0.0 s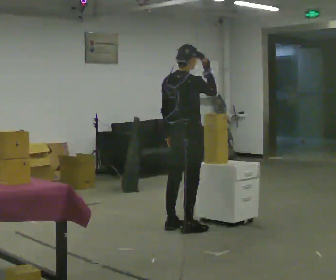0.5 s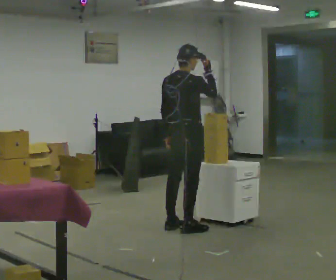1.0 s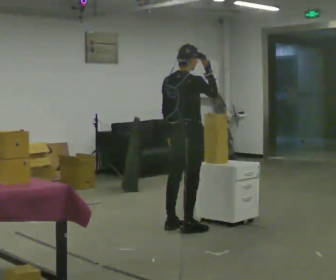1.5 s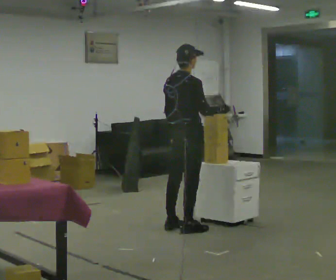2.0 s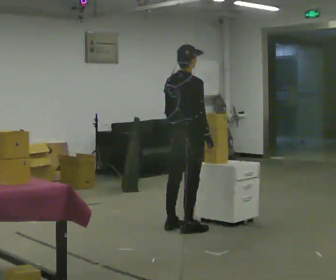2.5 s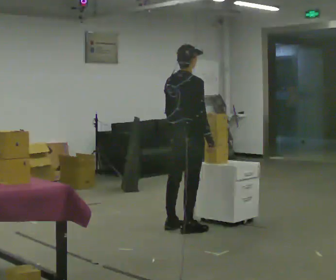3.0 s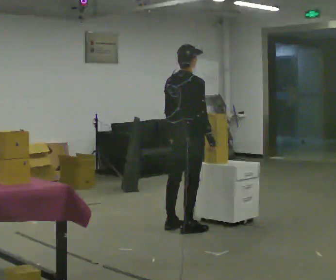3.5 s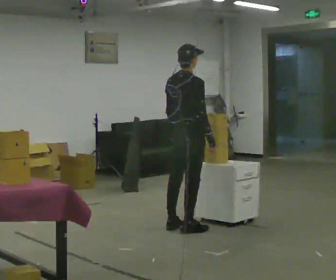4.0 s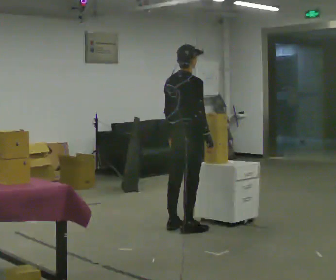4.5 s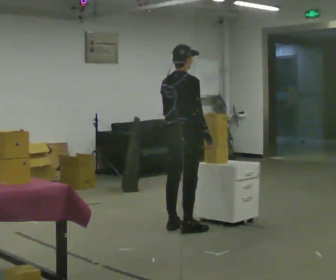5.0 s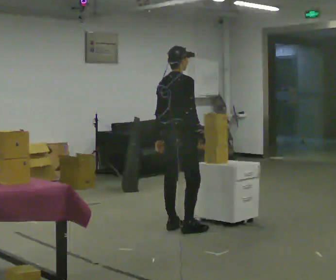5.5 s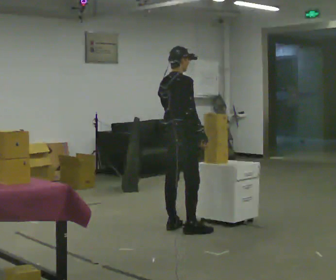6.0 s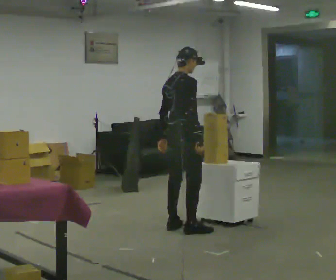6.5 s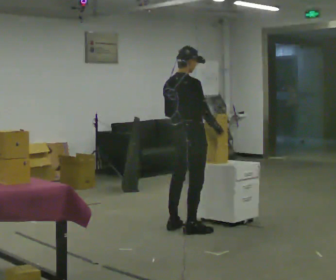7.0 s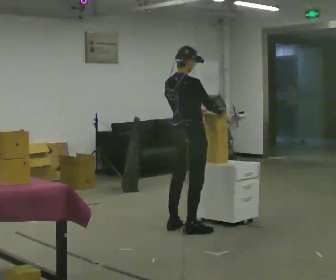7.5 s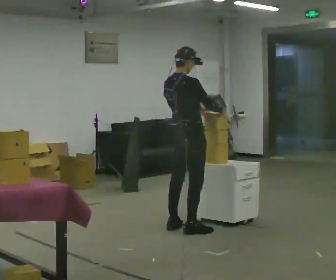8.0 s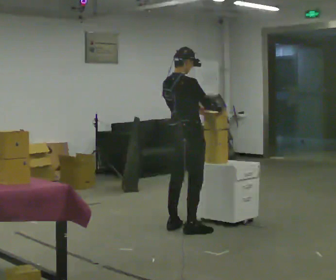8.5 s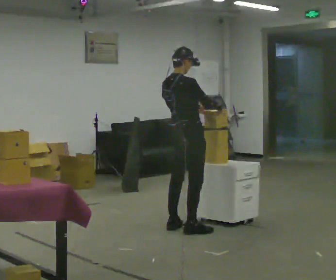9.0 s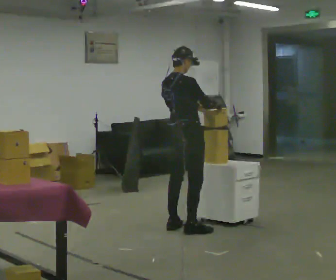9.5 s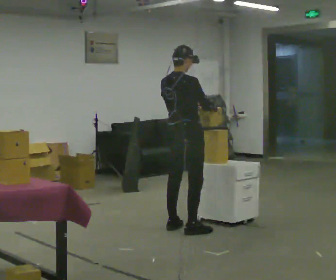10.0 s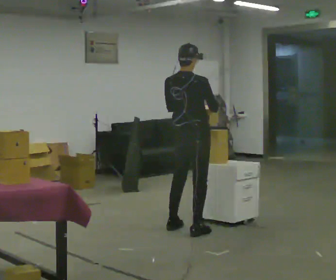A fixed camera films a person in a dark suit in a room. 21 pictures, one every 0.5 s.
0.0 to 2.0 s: In the picture their right hand goes downward.
2.0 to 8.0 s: The person moves a little, or ends about where they began.
8.0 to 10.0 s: Seen from above the body turns counterclockwise, about 30 degrees: to their left, with its near side sliding to the right.
The film runs backward here.
